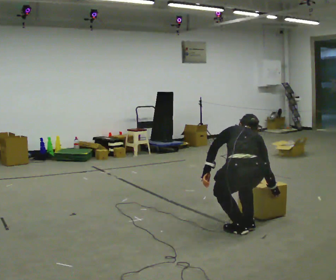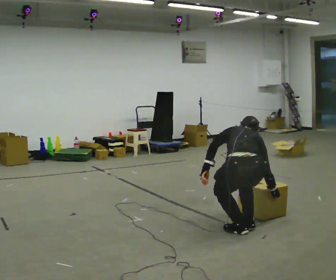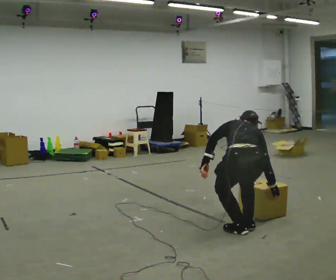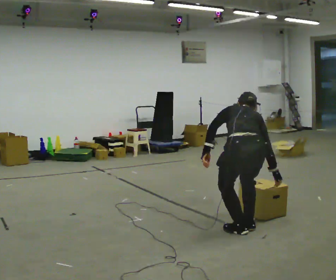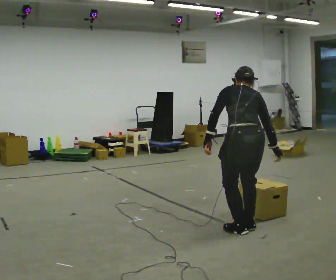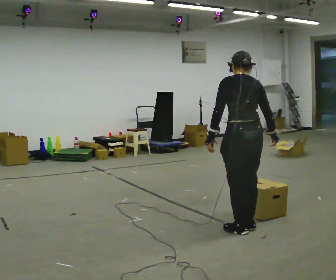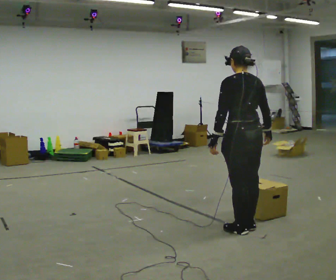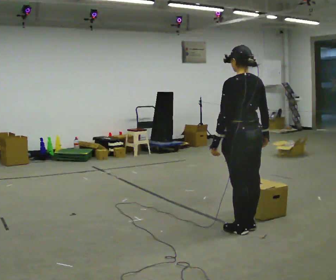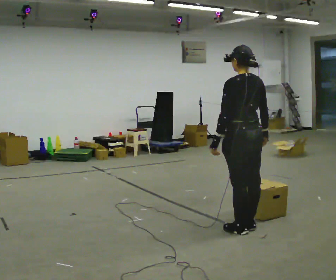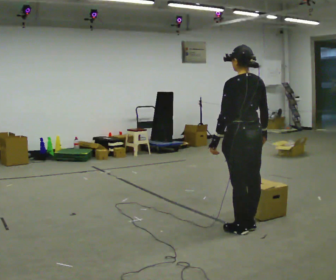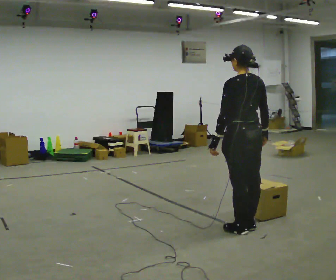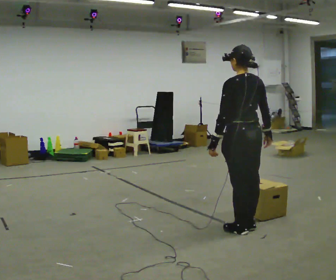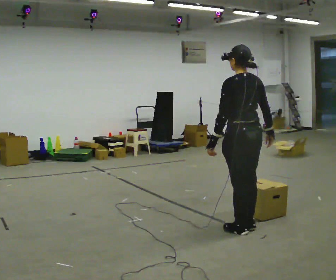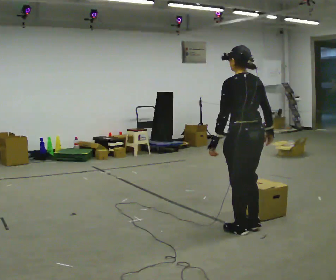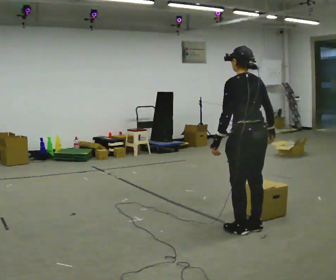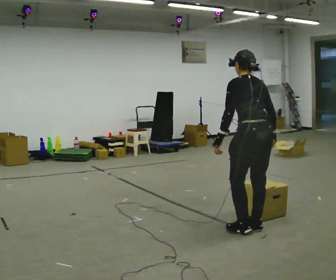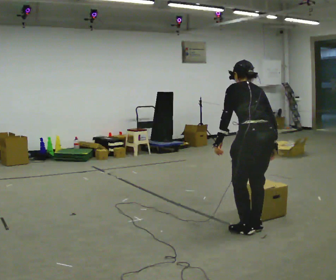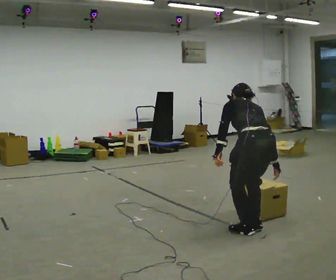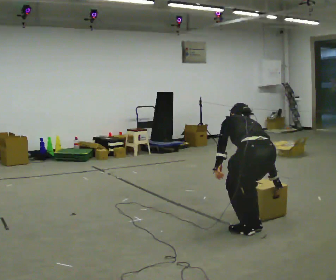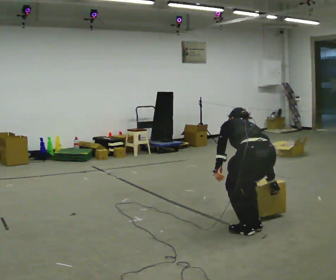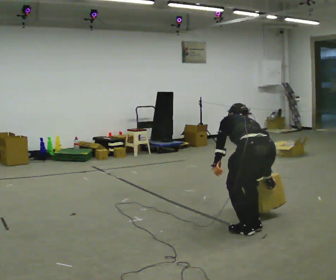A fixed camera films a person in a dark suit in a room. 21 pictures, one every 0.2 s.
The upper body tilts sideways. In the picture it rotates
counterclockwise.
0.0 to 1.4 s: In the picture they go away from the camera, about 0.25 m, which for them is forward. The upper body goes upward. The upper body tips toward the camera, its near side rolling downward, as they lean back or straighten.
1.4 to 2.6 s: The person moves a little, or ends about where they began.
2.6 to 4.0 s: The upper body goes downward. The upper body tips away from the camera, its near side rolling upward, as they bend forward.
The film runs backward here.
